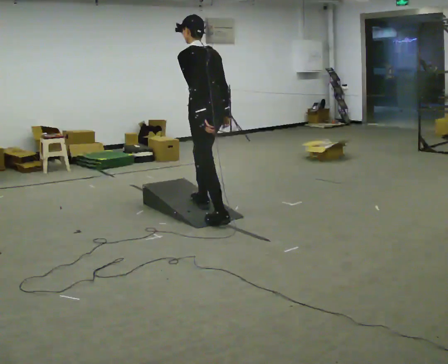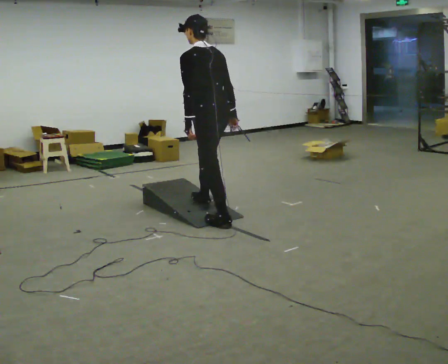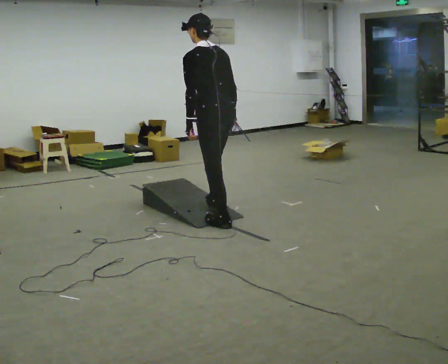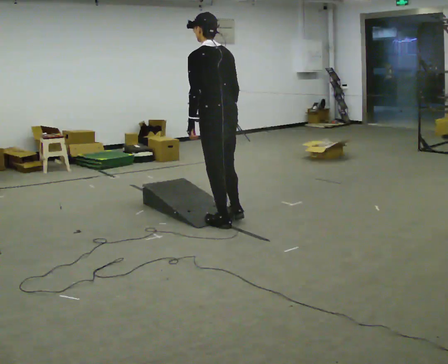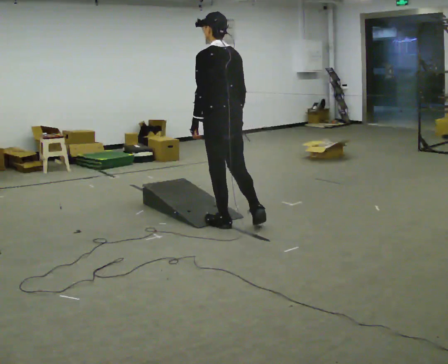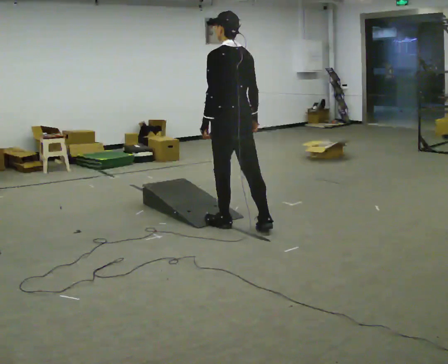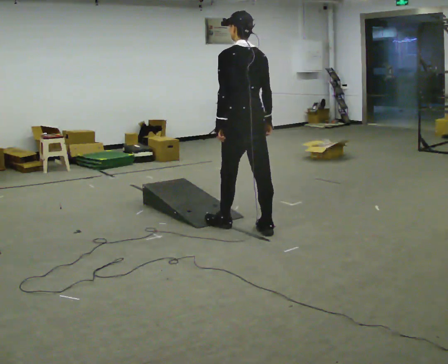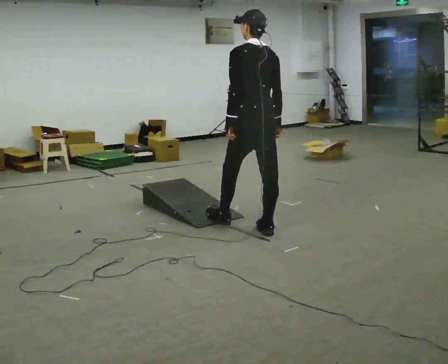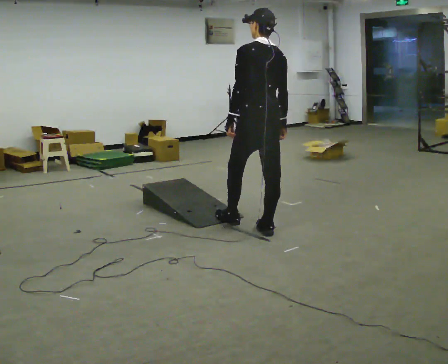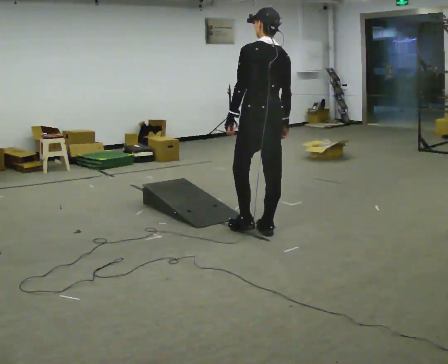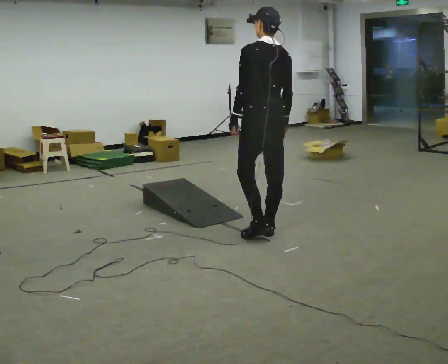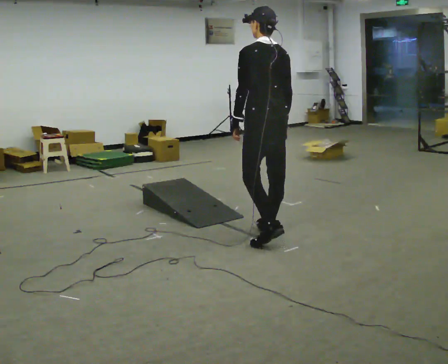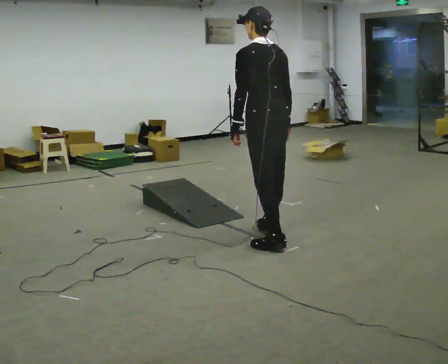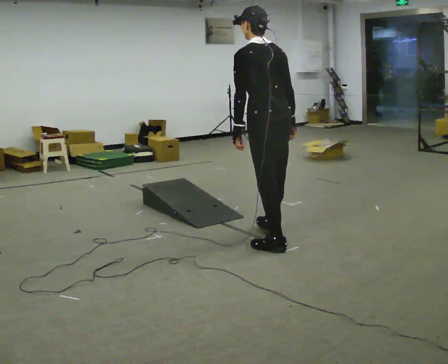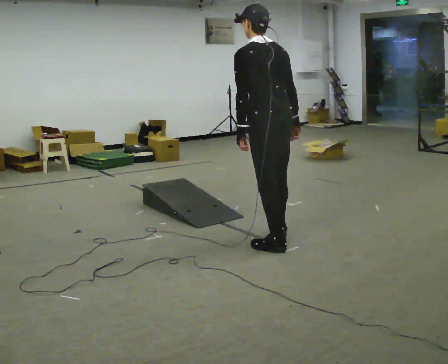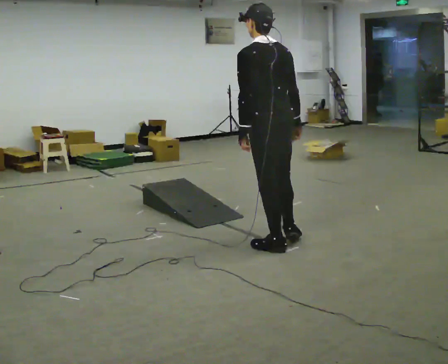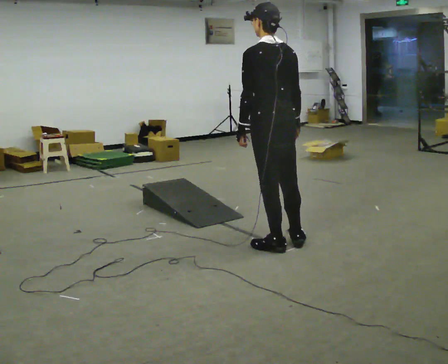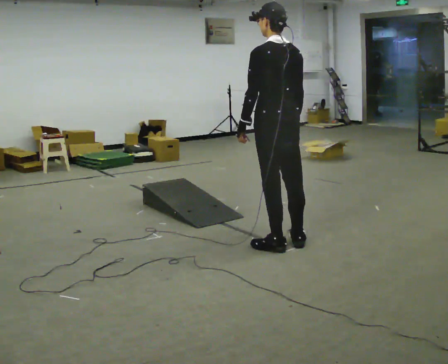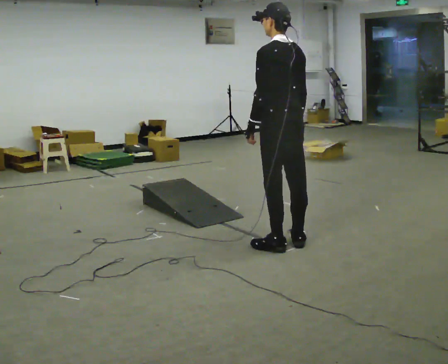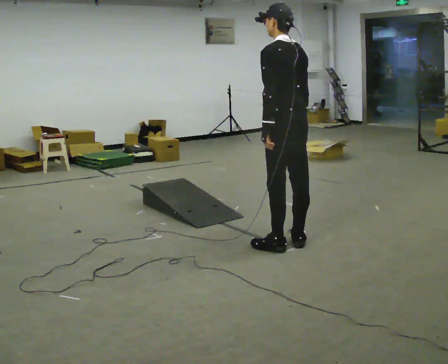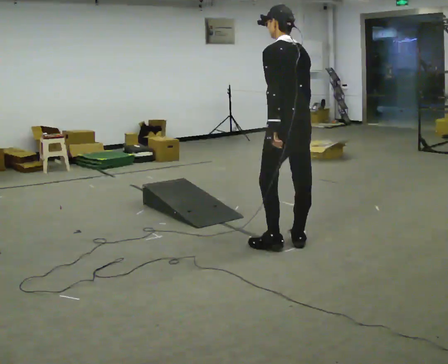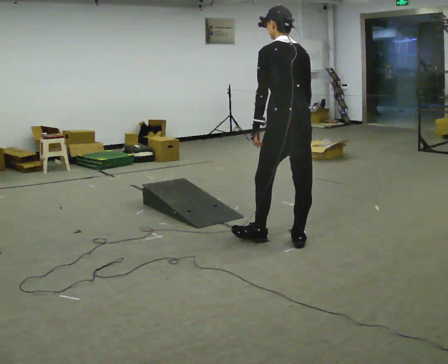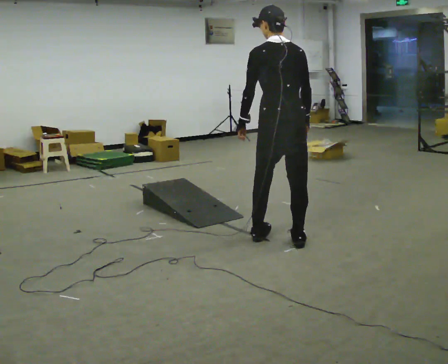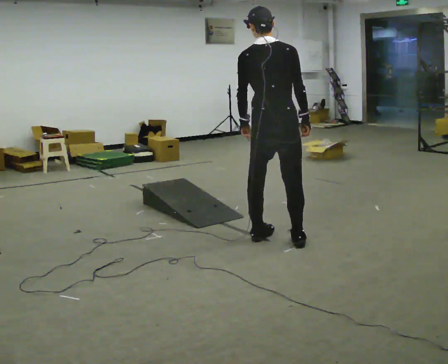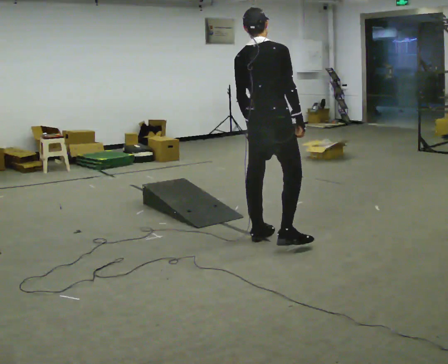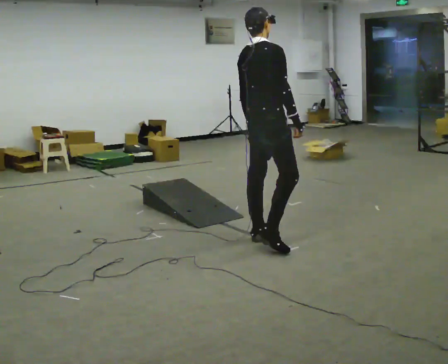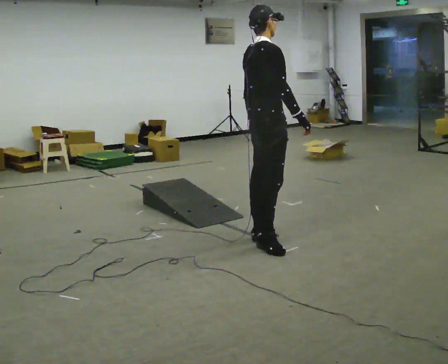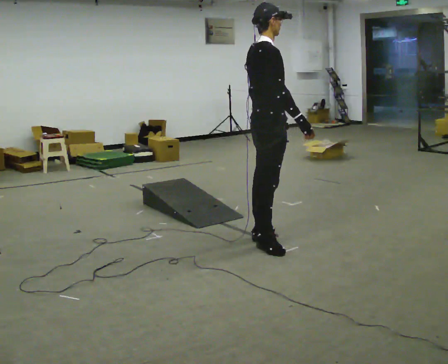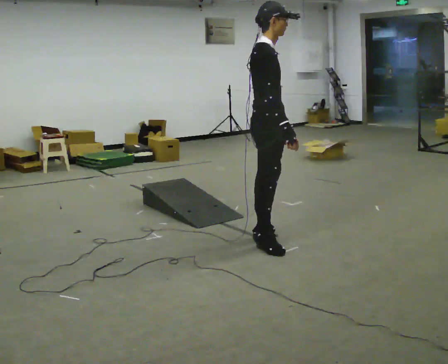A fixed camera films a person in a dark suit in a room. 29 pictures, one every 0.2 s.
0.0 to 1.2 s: In the picture they go to the right and toward the camera, about 0.5 m in 1 step, which for them is backward.
1.2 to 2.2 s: In the picture they go to the right and toward the camera, about 0.25 m in 1 step, which for them is backward.
2.2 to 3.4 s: In the picture they go toward the camera, about 0.25 m in 1 step, which for them is backward.
3.4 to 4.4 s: The person moves a little, or ends about where they began.
4.4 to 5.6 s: Seen from above the body turns clockwise, about 105 degrees: to their right, with its near side sliding to the left. In the picture they go to the left, about 0.25 m in 1 step. In the picture the upper body tilts clockwise, shoulders to the right.
The film runs backward here.
